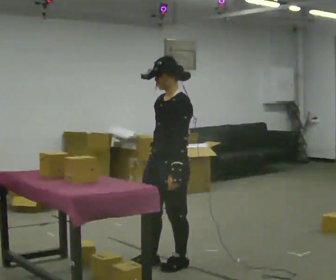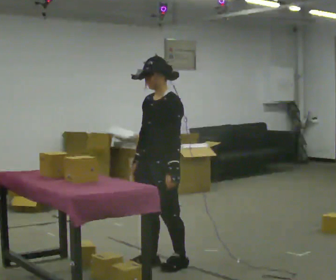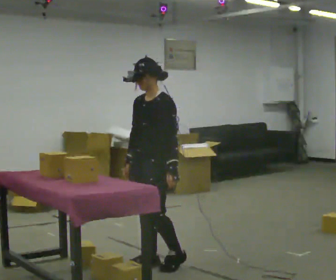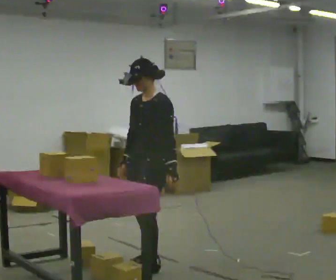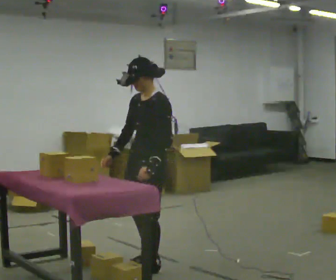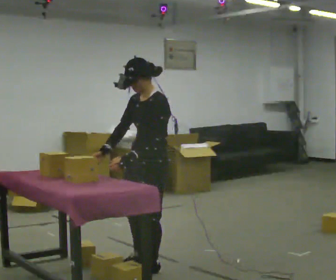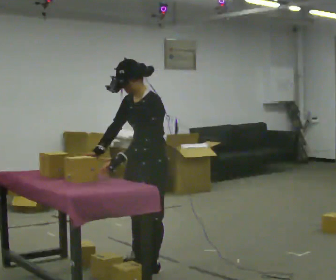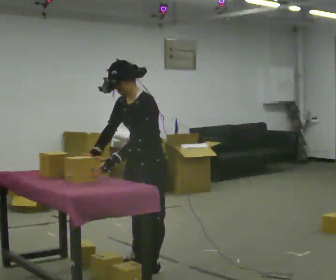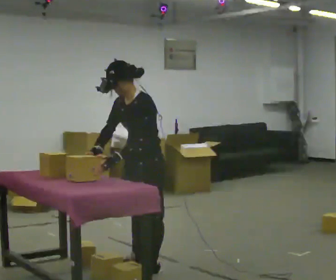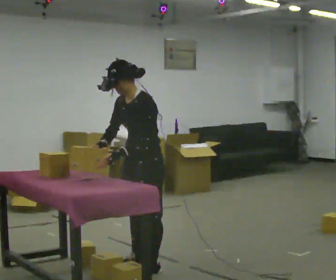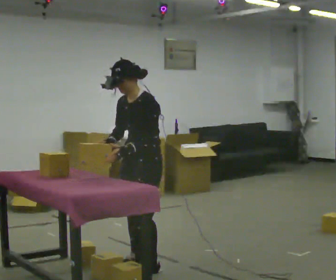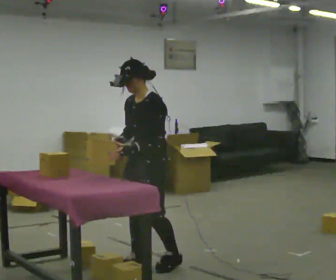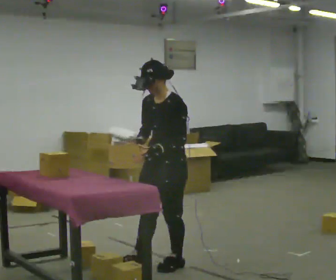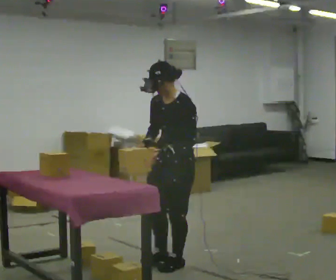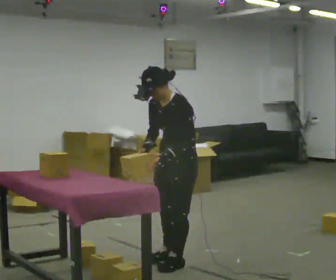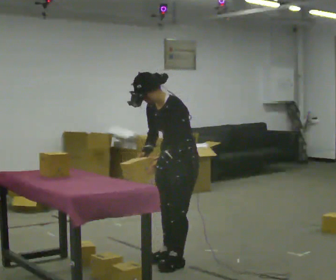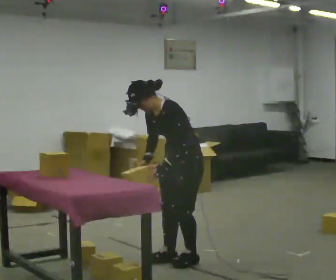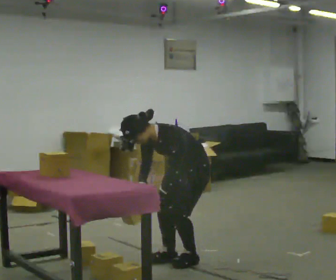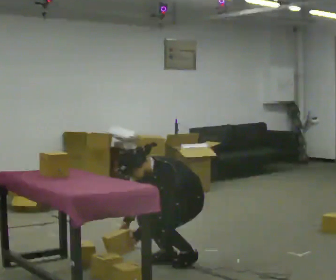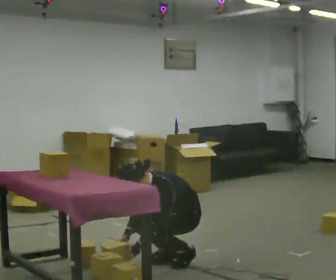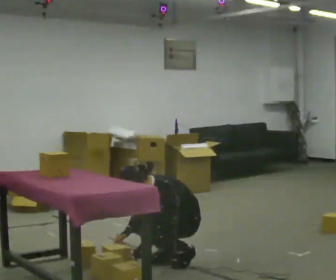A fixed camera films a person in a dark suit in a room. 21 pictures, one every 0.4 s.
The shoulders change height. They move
downward.
0.0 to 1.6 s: In the picture they go to the left, about 0.25 m in 1 step, which for them is forward. In the picture their right hand goes to the left.
1.6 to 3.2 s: In the picture the upper body tilts counterclockwise, shoulders to the left, as they bend forward.
3.2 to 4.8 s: In the picture they go to the right, about 0.25 m in 1 step, which for them is backward. In the picture their right hand goes to the right.
4.8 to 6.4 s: In the picture they go to the right and away from the camera, about 0.25 m in 2 steps, which for them is backward. In the picture the upper body tilts counterclockwise, shoulders to the left, as they bend forward.
6.4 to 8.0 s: The shoulders move downward. In the picture their left hand goes downward.
The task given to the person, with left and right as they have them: Take the boxes off the top, get the one from the bottom, carry it away, then put the others back. Keep going until the operator says stop; one object at a time, and do not rush between trips.
The film runs forward here.
